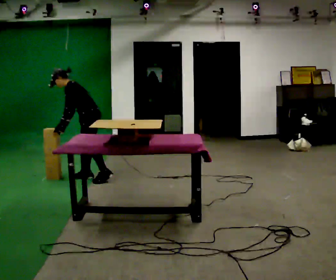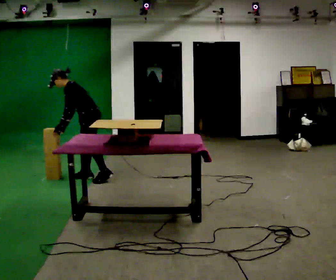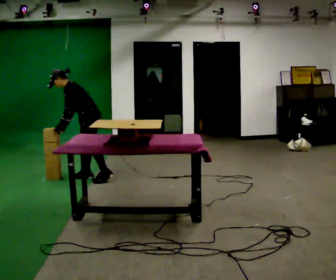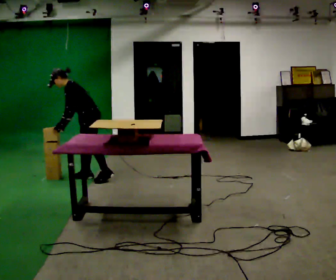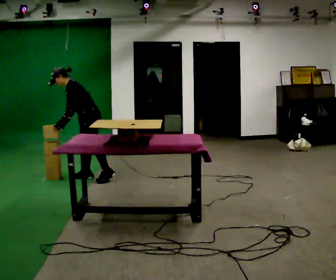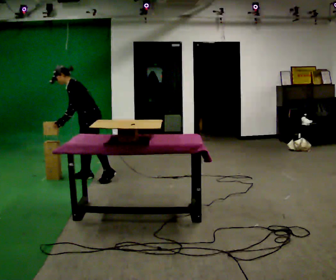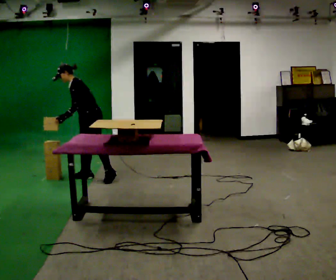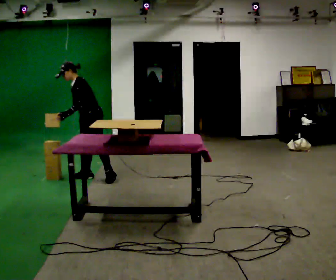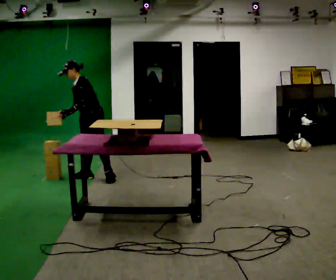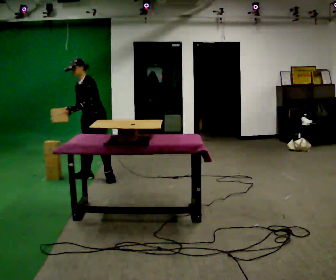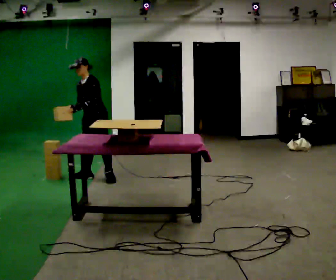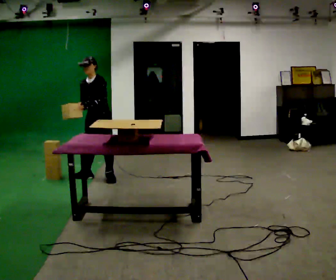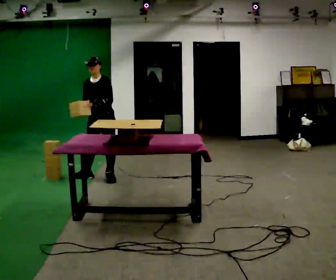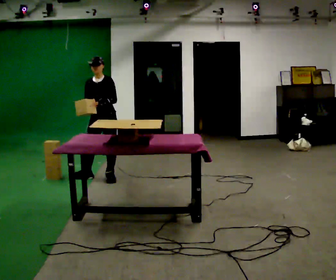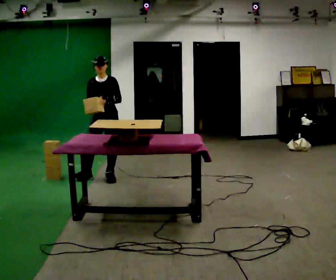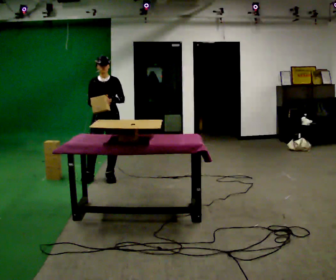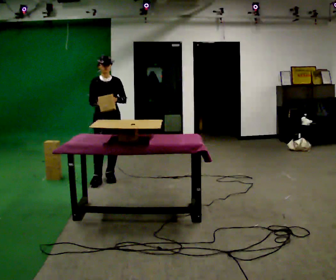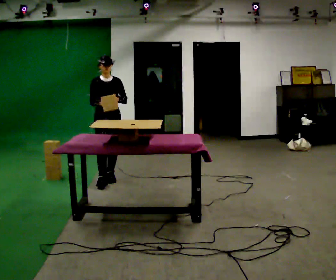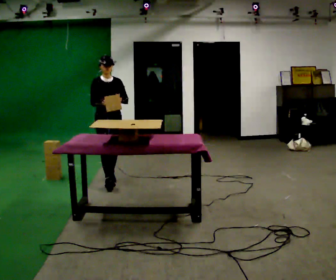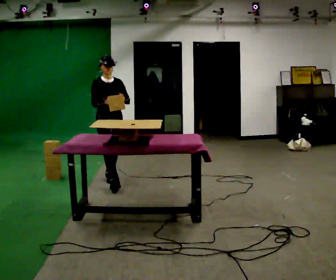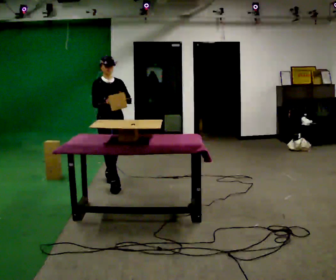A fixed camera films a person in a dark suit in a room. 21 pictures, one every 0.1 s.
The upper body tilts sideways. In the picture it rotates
clockwise.
The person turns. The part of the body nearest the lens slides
to the right.
0.0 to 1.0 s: The person turns about 45 degrees to their left, counterclockwise seen from above, so the part of the body nearest the lens slides to the right. In the picture the upper body tilts clockwise, shoulders to the right, as they lean back or straighten.
1.0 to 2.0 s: The person turns about 60 degrees to their left, counterclockwise seen from above, so the part of the body nearest the lens slides to the right. In the picture they go toward the camera, about 0.25 m in 1 step. In the picture the upper body tilts clockwise, shoulders to the right, as they lean back or straighten.
The film runs forward here.
